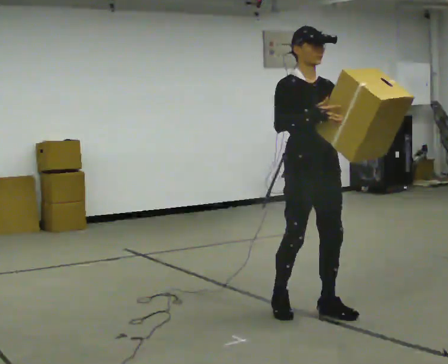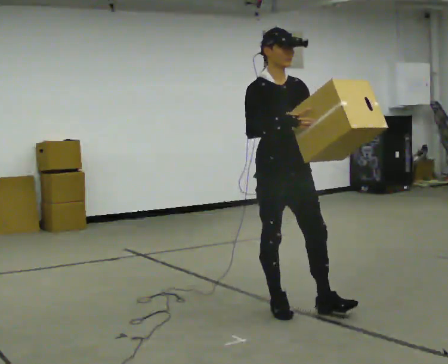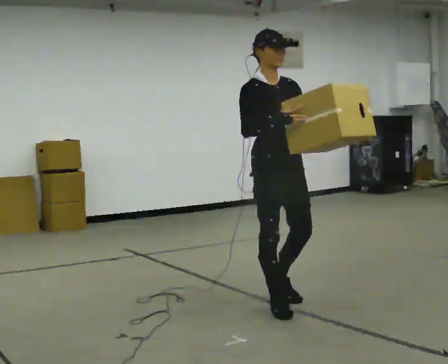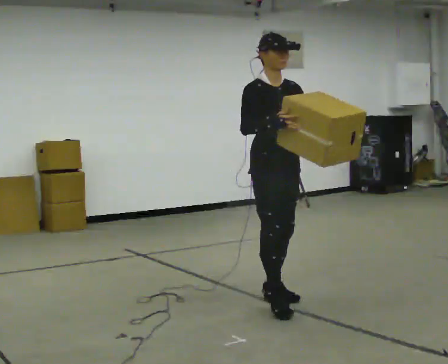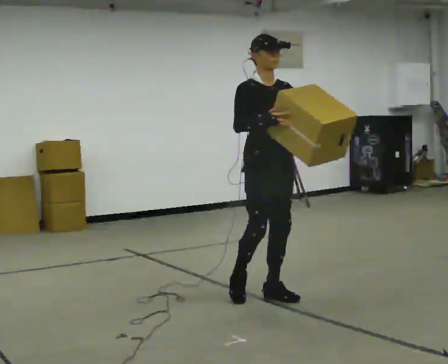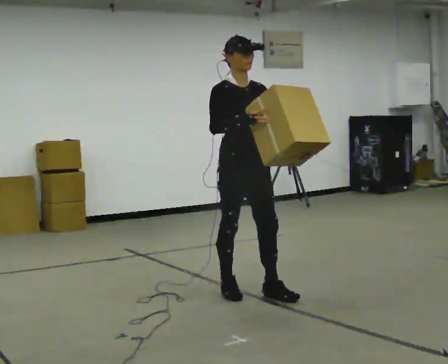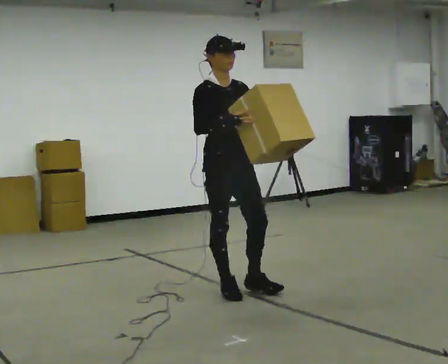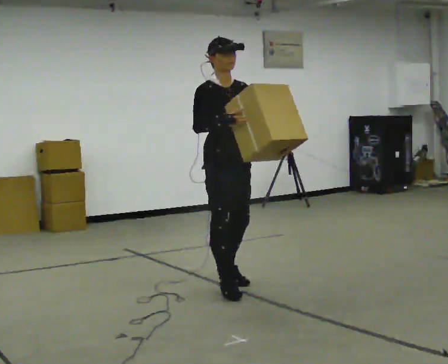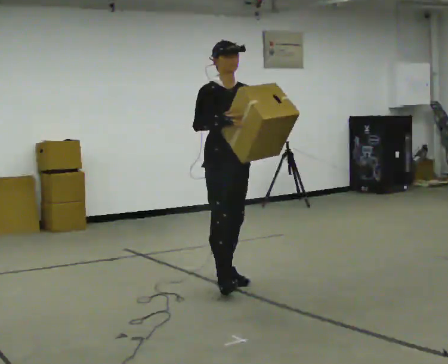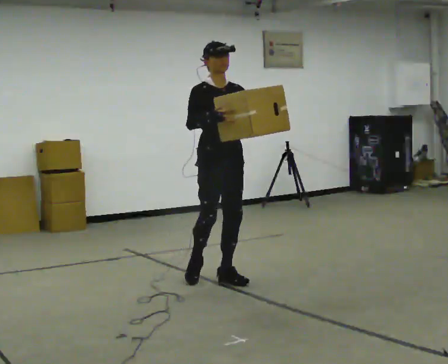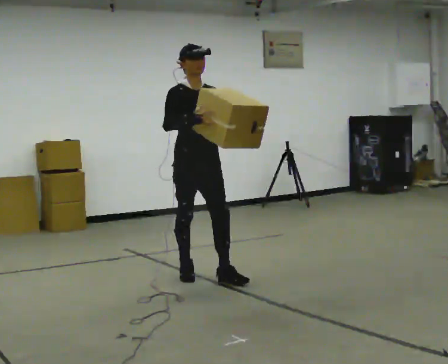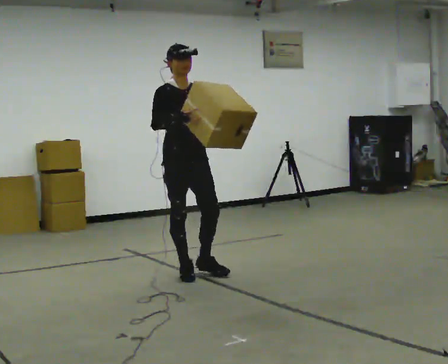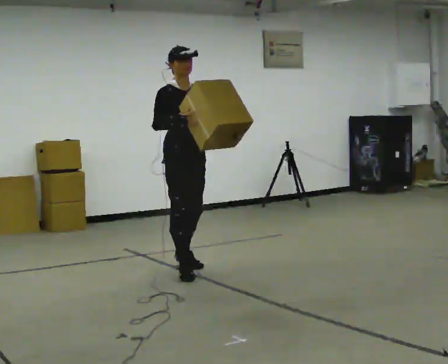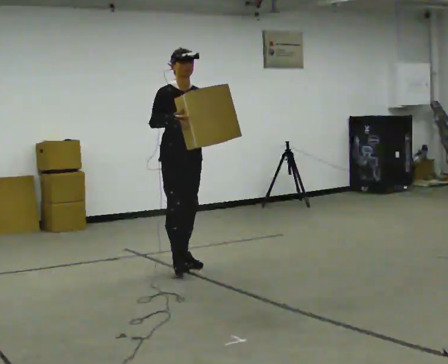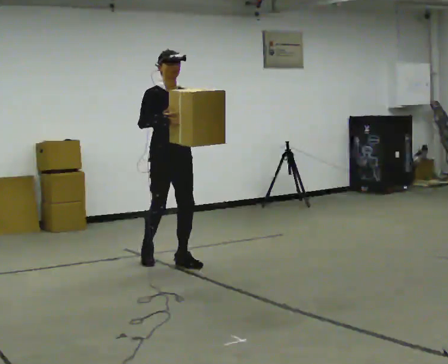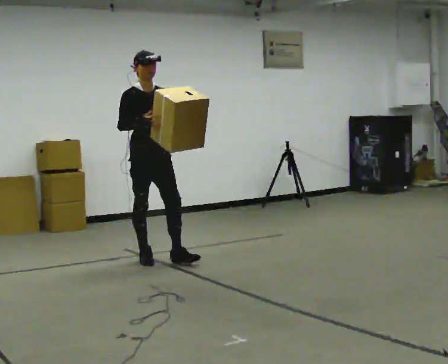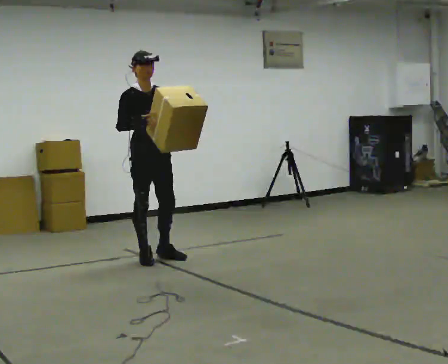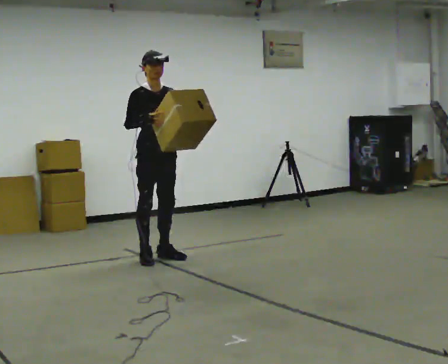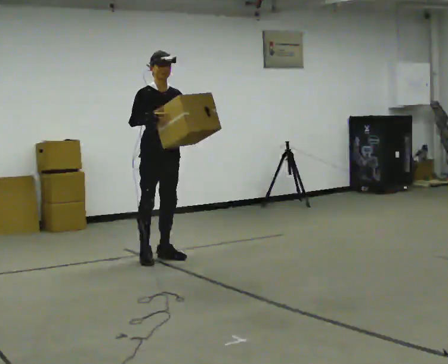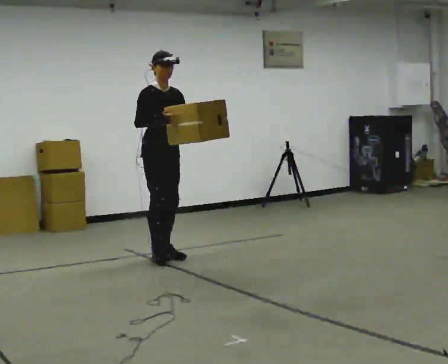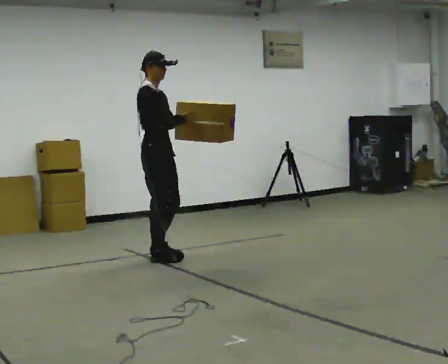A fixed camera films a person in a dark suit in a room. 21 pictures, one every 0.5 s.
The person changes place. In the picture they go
away from the camera.
0.0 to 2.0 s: In the picture they go away from the camera and to the left, about 0.5 m in 2 steps, which for them is backward.
2.0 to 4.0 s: In the picture they go away from the camera and to the left, about 0.5 m in 1 step, which for them is backward.
4.0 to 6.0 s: In the picture they go away from the camera and to the left, about 0.5 m in 2 steps, which for them is backward.
6.0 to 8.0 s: In the picture they go away from the camera and to the left, about 0.5 m in 2 steps, which for them is backward.
8.0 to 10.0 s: The person turns about 30 degrees to their left, counterclockwise seen from above, so the part of the body nearest the lens slides to the right.
The film runs backward here.
